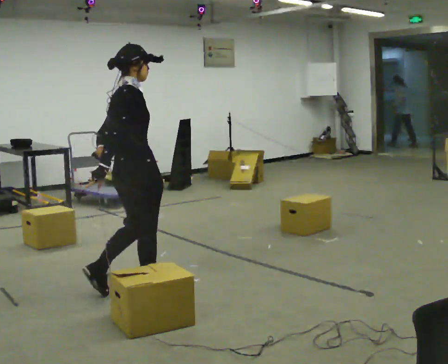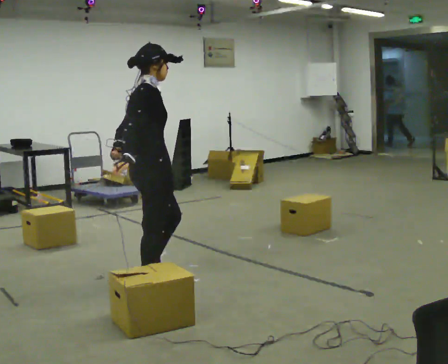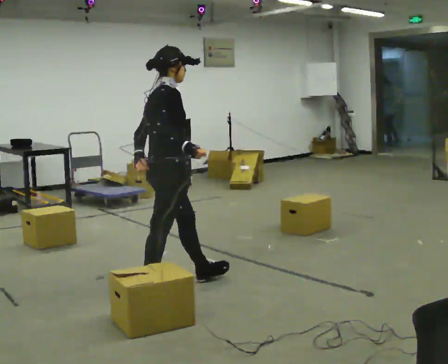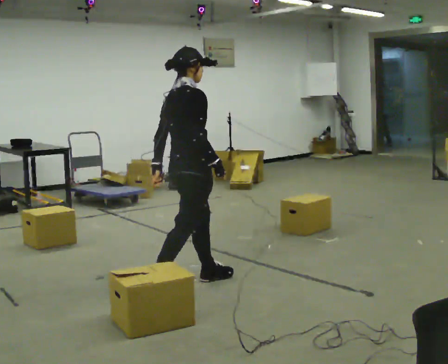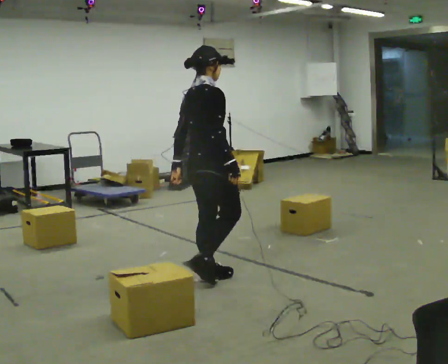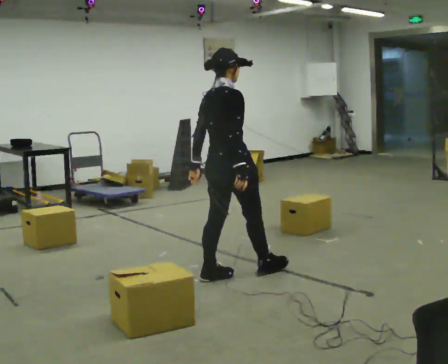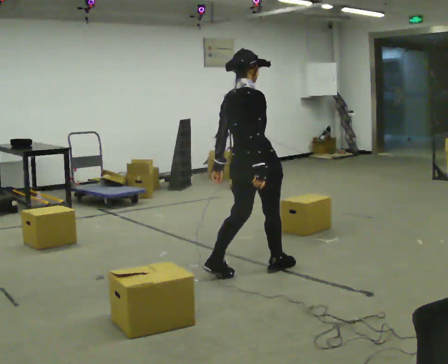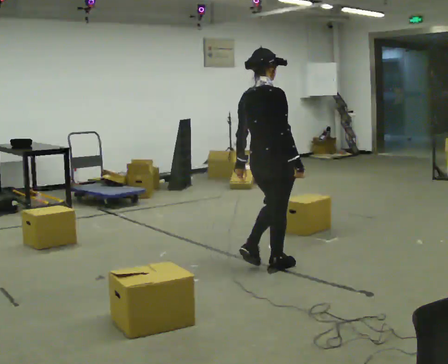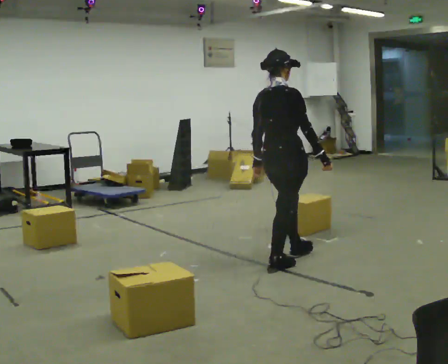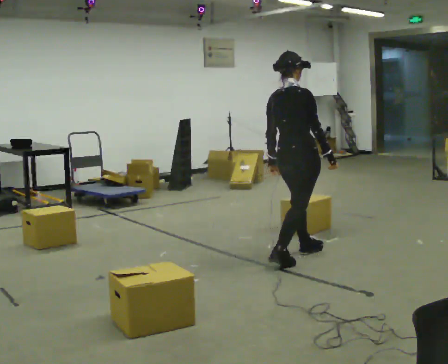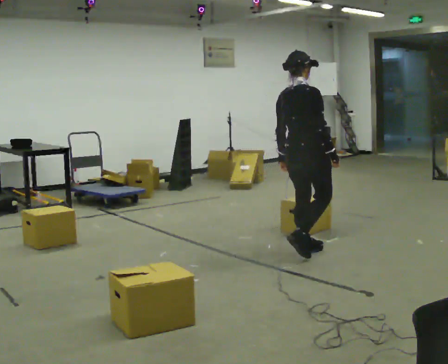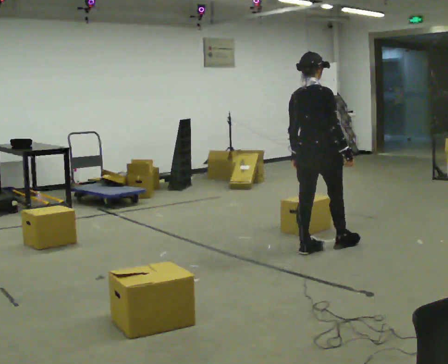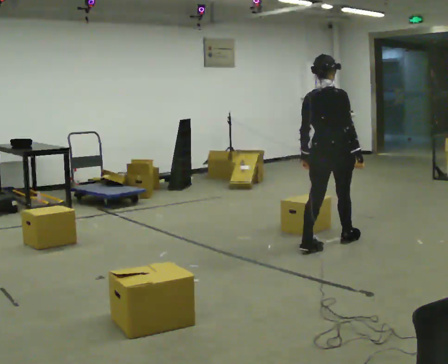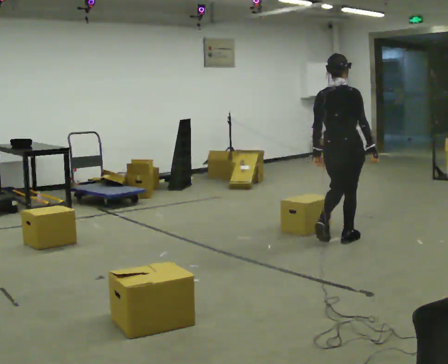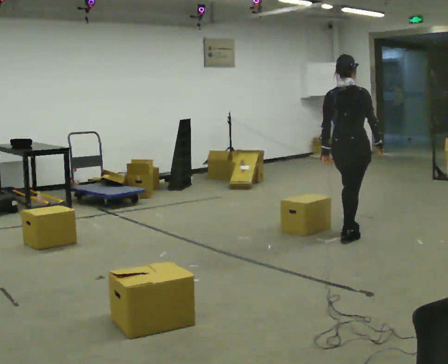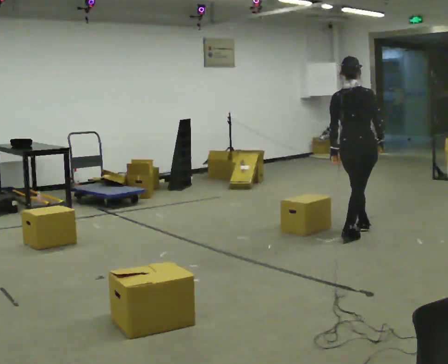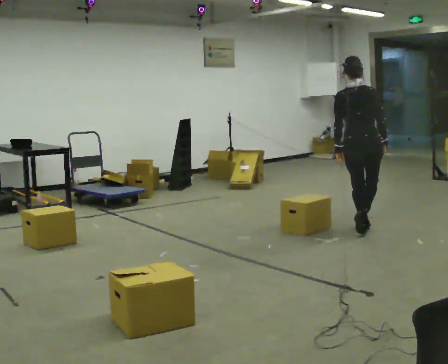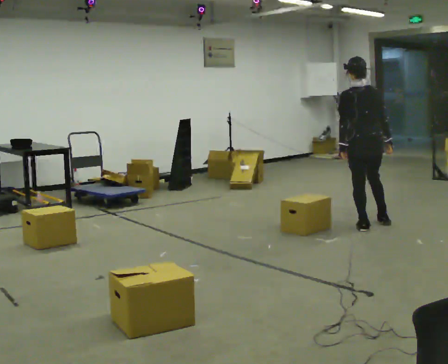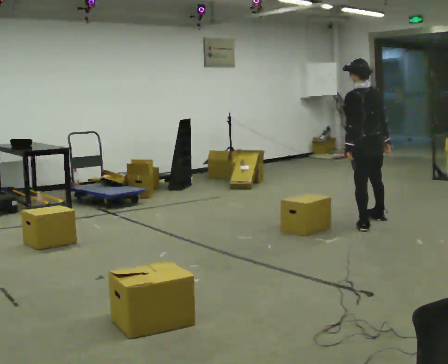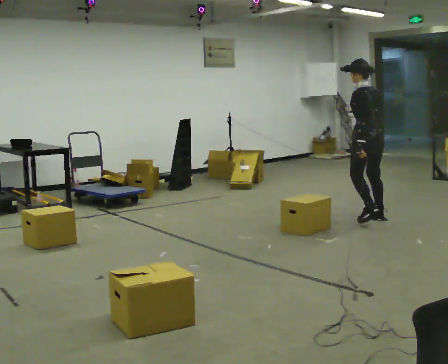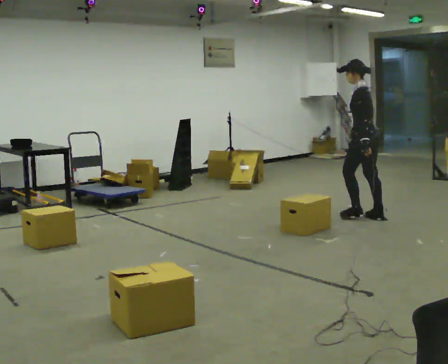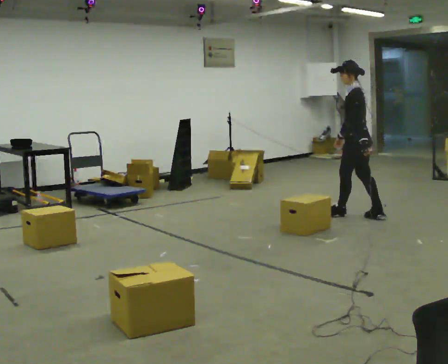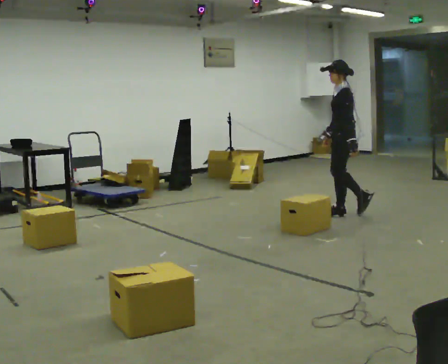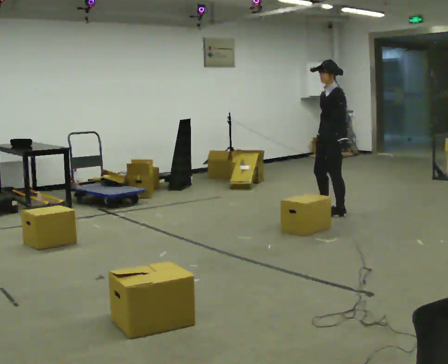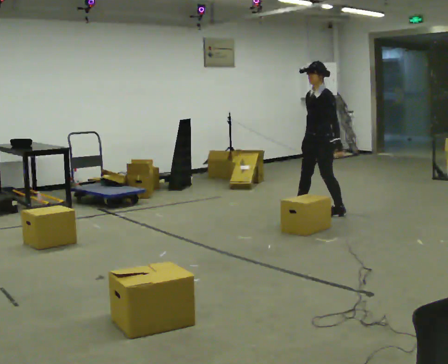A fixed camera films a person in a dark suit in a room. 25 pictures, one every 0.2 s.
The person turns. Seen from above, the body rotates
counterclockwise.
The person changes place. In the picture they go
away from the camera.
0.0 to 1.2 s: In the picture they go to the right and away from the camera, about 1 m in 2 steps, which for them is forward.
1.2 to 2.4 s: In the picture they go away from the camera and to the right, about 1 m in 2 steps, which for them is forward.
2.4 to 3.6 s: The person turns about 45 degrees to their left, counterclockwise seen from above, so the part of the body nearest the lens slides to the right. In the picture they go away from the camera and to the right, about 1 m in 2 steps, which for them is forward.
3.6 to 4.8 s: The person turns about 90 degrees to their left, counterclockwise seen from above, so the part of the body nearest the lens slides to the right. In the picture they go to the left and away from the camera, about 0.75 m in 1 step.
The film runs forward here.
